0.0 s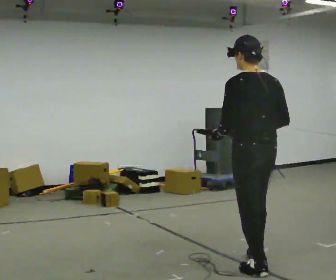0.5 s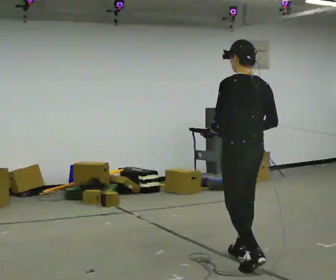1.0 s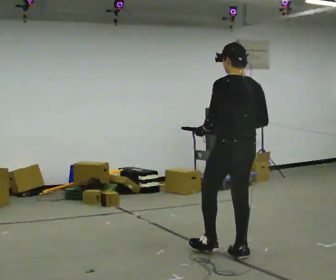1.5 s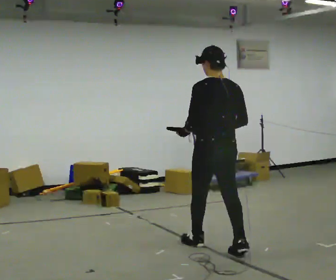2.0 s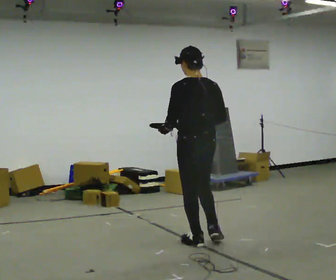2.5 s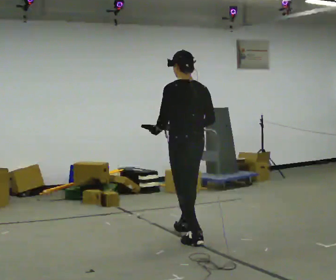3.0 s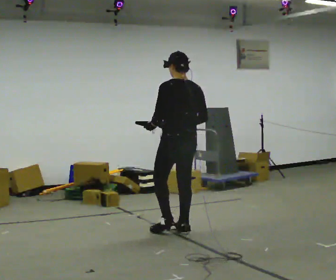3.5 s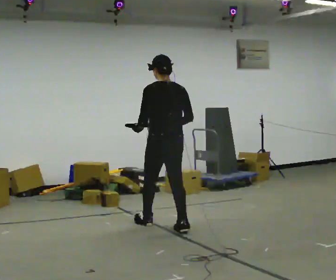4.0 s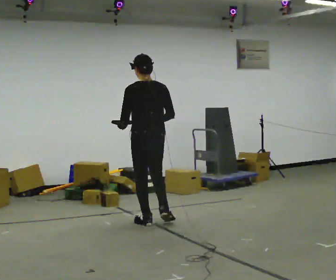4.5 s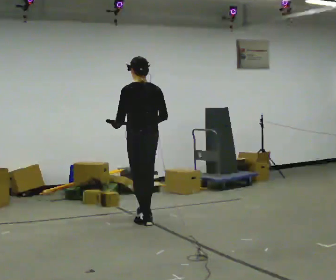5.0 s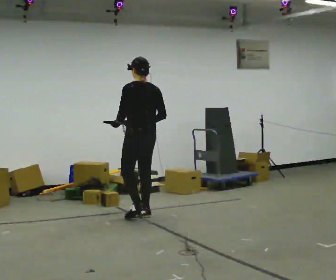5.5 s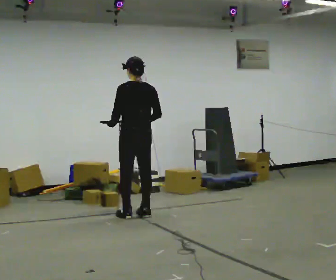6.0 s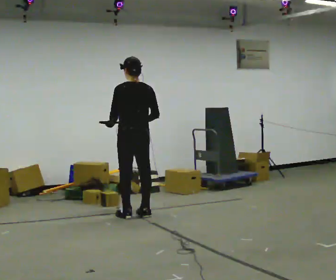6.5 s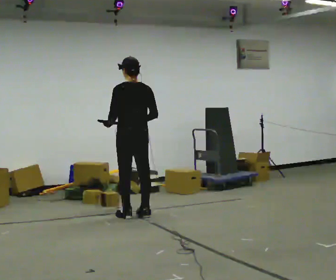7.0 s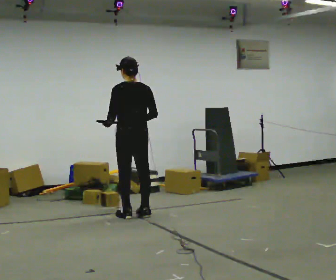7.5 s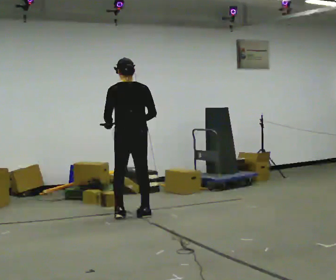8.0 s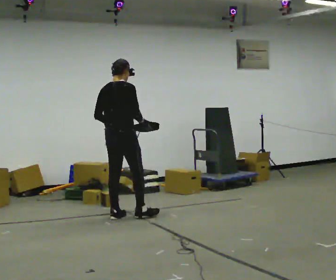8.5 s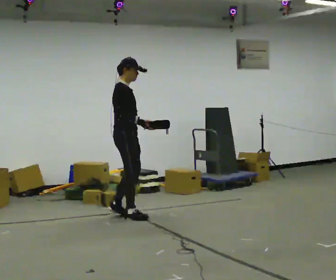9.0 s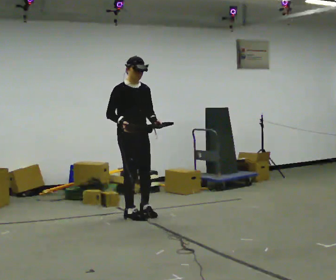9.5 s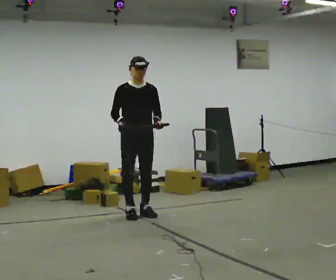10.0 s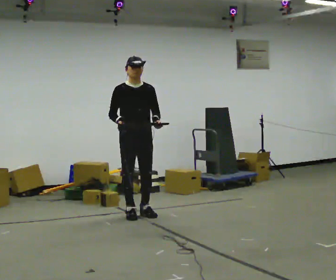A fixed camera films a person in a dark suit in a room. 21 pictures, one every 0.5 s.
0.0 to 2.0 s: In the picture they go away from the camera and to the left, about 1 m in 2 steps, which for them is forward.
2.0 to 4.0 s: In the picture they go away from the camera and to the left, about 1 m in 2 steps, which for them is forward.
4.0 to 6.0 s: In the picture they go away from the camera and to the left, about 0.5 m in 2 steps, which for them is forward.
6.0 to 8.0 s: The part of the body nearest the lens slides to the left as the person turns to their right by about 75 degrees. In the picture they go to the left, about 0.25 m in 1 step.
8.0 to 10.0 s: The part of the body nearest the lens slides to the left as the person turns to their right by about 120 degrees. In the picture they go to the right, about 0.25 m in 2 steps. In the picture their left hand goes to the right.
The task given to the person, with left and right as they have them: Carry the box with its lid hanging open across the room, back and forth.
The film runs forward here.
